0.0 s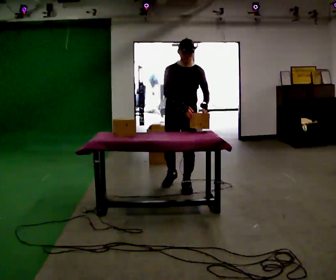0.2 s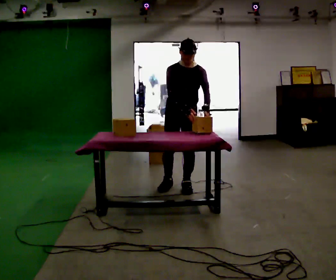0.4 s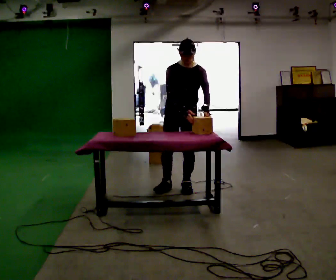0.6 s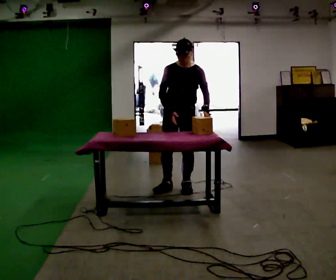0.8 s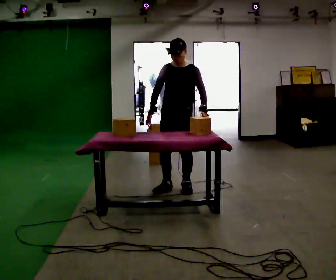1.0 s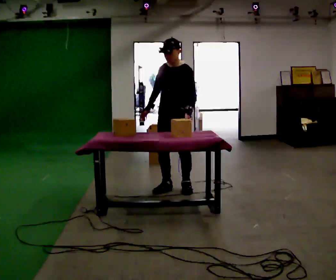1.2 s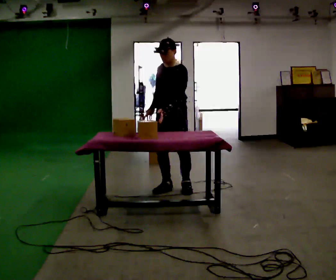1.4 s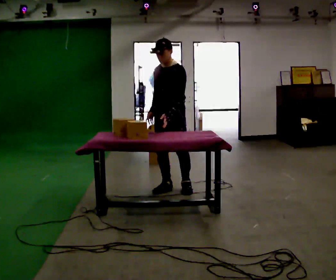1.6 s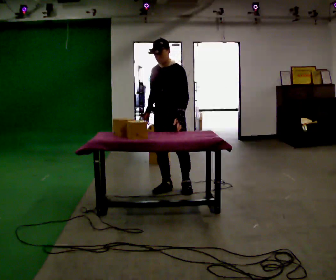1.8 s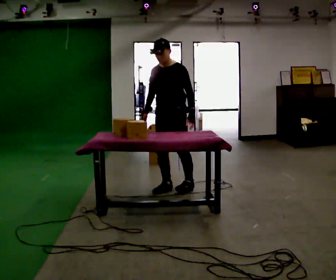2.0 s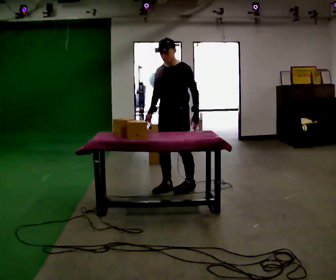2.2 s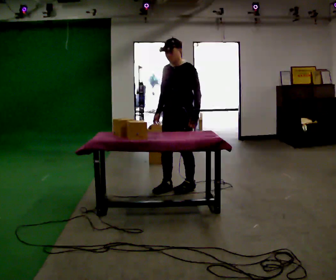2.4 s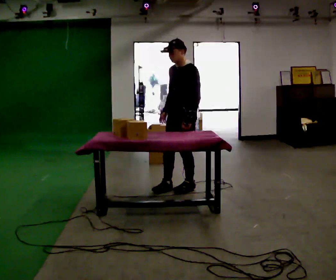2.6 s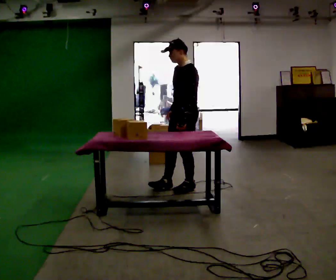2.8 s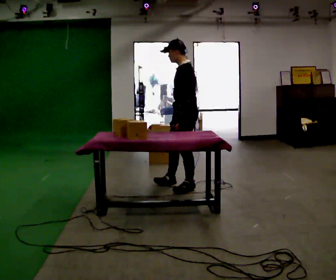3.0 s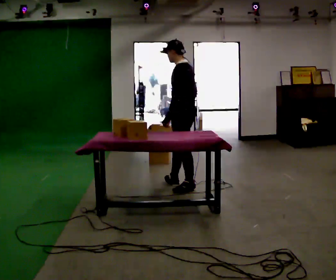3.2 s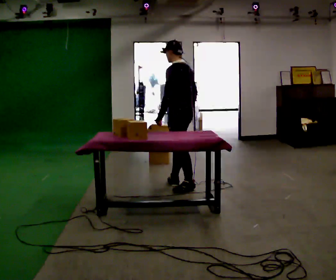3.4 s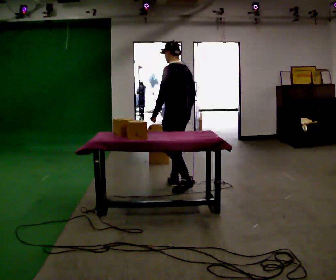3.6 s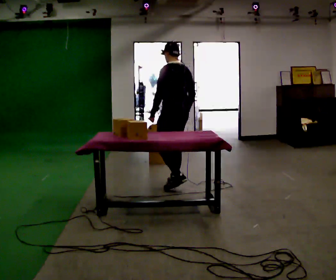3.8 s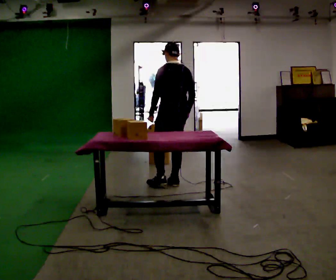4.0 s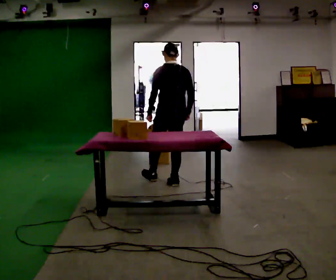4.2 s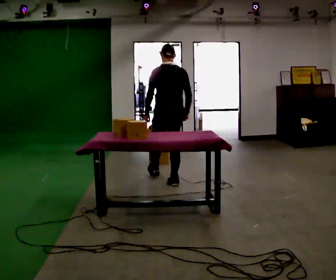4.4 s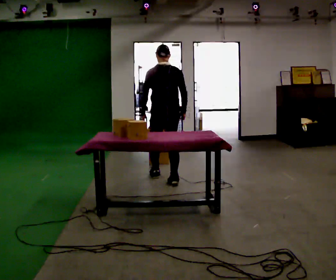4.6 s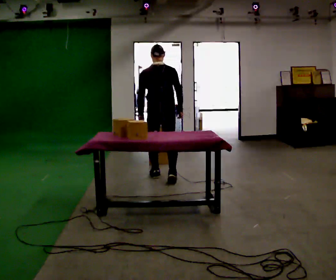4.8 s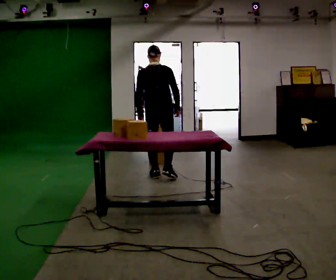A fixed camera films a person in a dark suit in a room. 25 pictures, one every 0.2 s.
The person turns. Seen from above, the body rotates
clockwise.
The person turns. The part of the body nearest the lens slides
to the left.
0.0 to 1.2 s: Seen from above the body turns clockwise, about 30 degrees: to their right, with its near side sliding to the left. In the picture their right hand goes to the left.
1.2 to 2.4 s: The person moves a little, or ends about where they began.
2.4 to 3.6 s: The part of the body nearest the lens slides to the left as the person turns to their right by about 75 degrees. In the picture they go away from the camera, about 0.25 m. In the picture their left hand goes to the left.
3.6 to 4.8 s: Seen from above the body turns clockwise, about 45 degrees: to their right, with its near side sliding to the left. In the picture they go away from the camera and to the left, about 0.5 m in 1 step, which for them is forward and to their left.
The film runs forward here.
